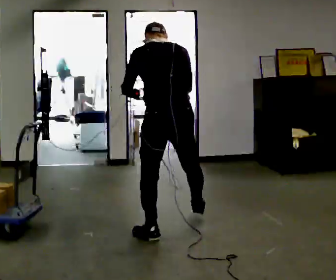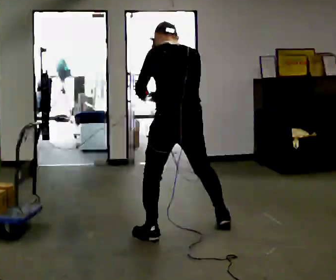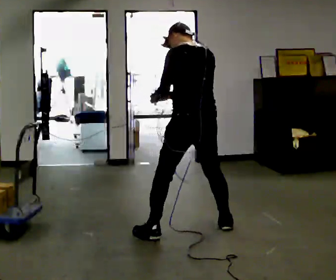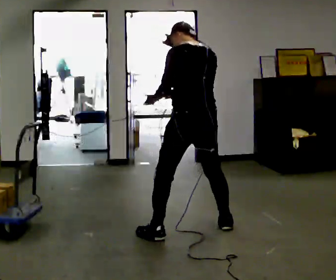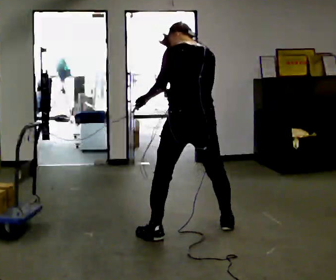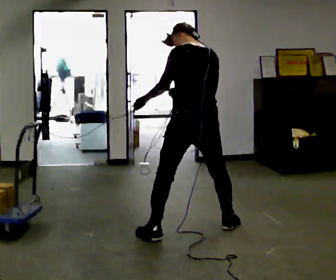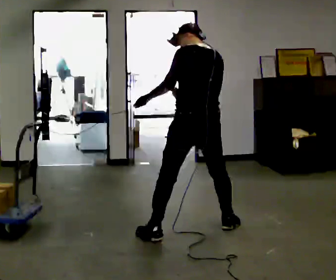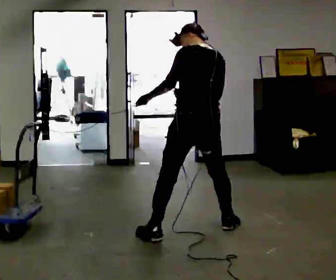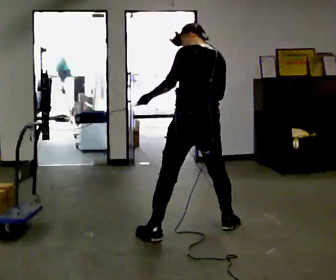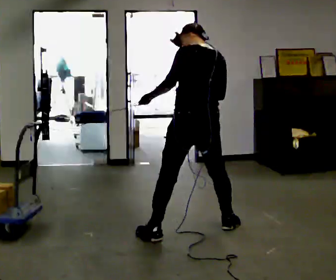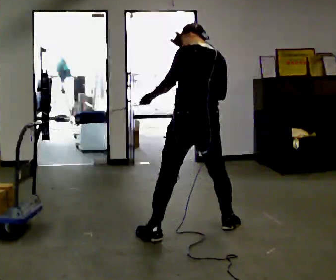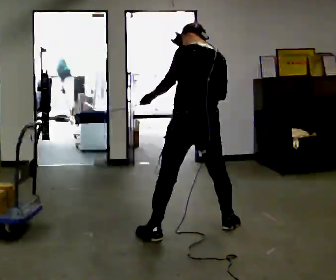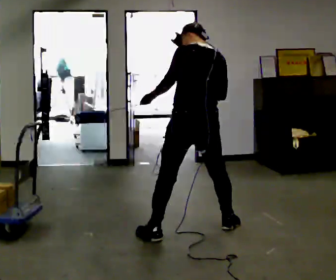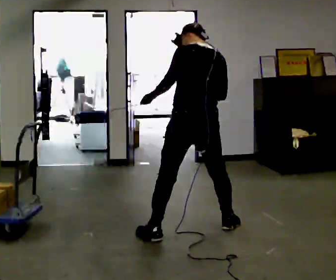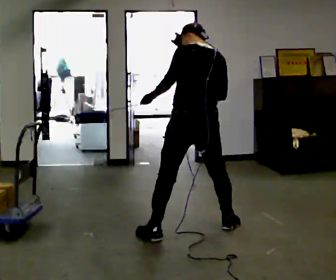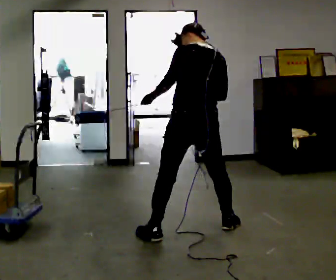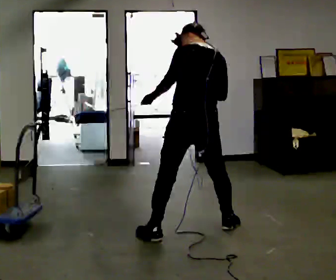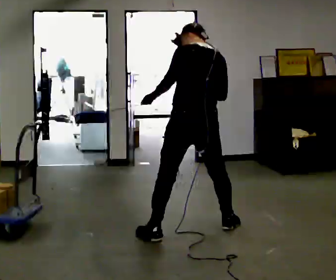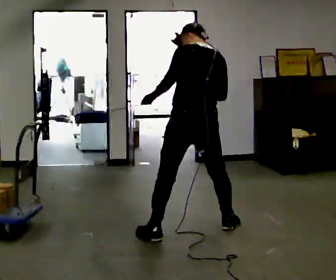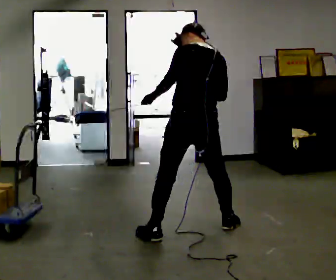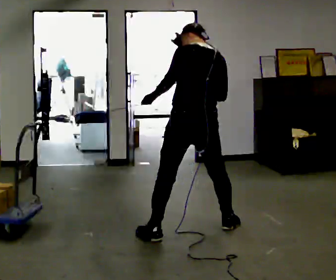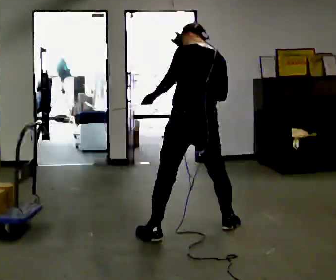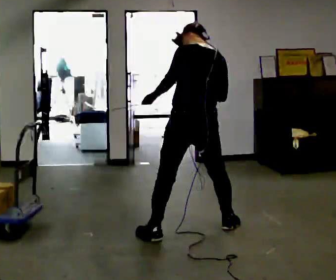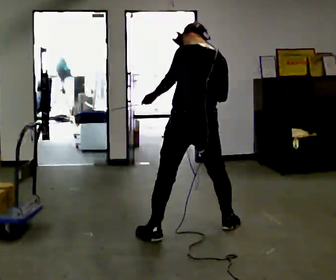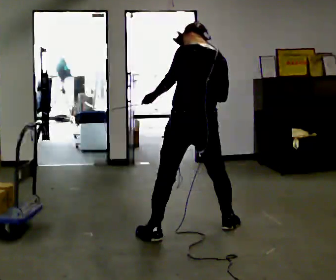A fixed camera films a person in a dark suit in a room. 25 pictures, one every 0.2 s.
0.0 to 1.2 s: In the picture they go to the right, about 0.25 m in 1 step, which for them is to their right.
1.2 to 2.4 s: The person moves a little, or ends about where they began.
2.4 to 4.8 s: The person keeps their place and pose.
The film runs forward here.
